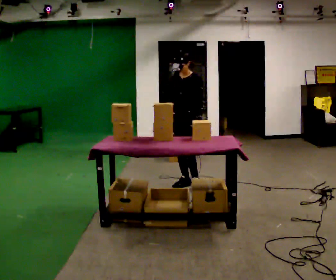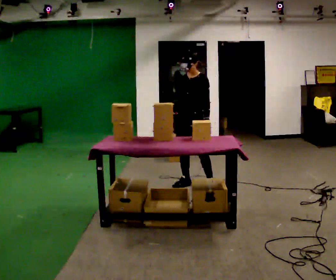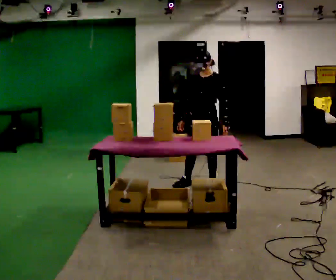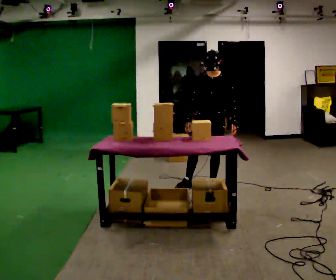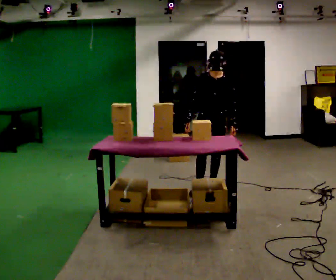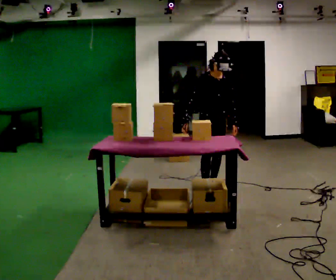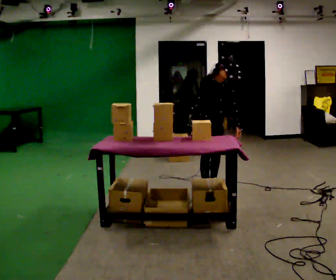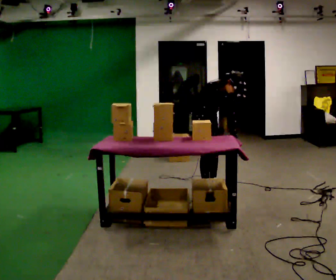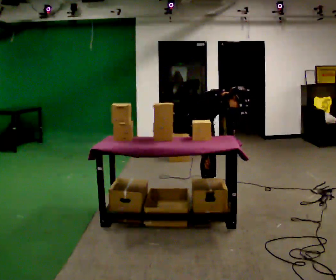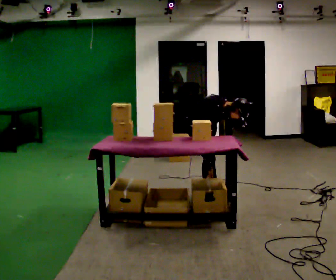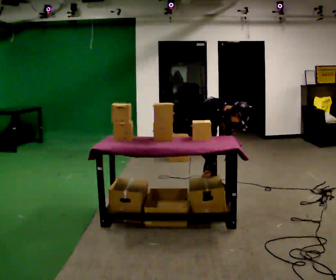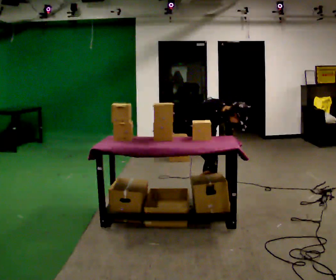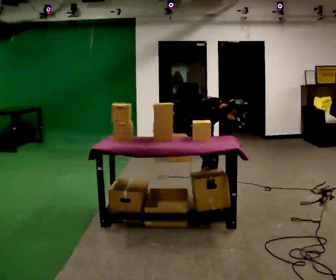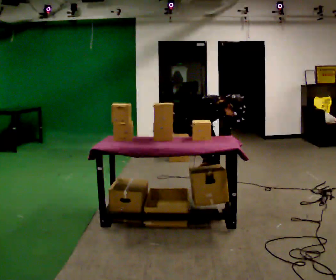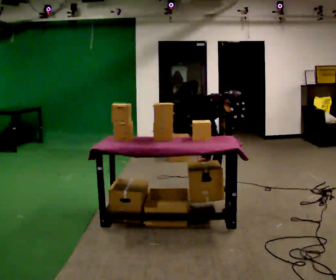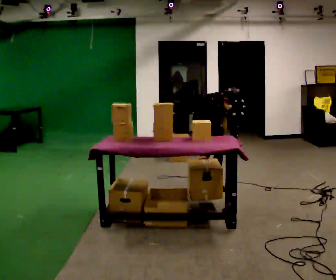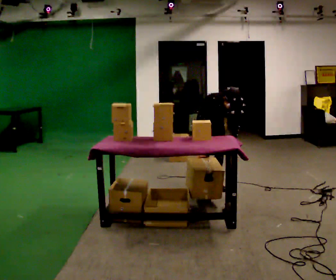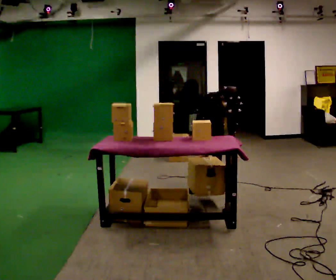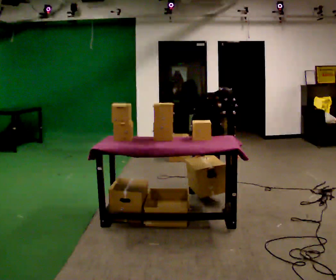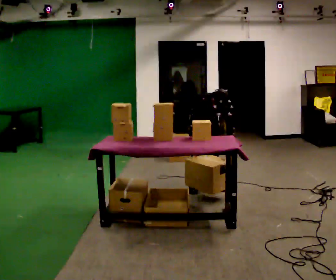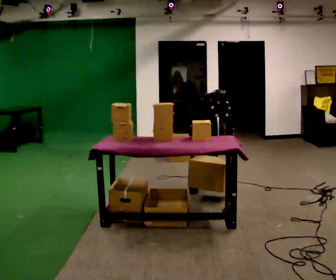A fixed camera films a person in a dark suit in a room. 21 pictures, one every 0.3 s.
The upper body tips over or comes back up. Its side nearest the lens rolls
downward.
0.0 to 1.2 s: The person turns about 30 degrees to their left, counterclockwise seen from above, so the part of the body nearest the lens slides to the right. In the picture they go to the right, about 0.25 m in 1 step, which for them is to their left.
1.2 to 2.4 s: Seen from above the body turns counterclockwise, about 45 degrees: to their left, with its near side sliding to the right. The upper body goes downward. The upper body tips toward the camera, its near side rolling downward, as they bend forward.
2.4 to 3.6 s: The upper body tips toward the camera, its near side rolling downward, as they bend forward.
3.6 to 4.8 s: The part of the body nearest the lens slides to the left as the person turns to their right by about 30 degrees. In the picture they go away from the camera, about 0.25 m, which for them is to their left. In the picture the upper body tilts counterclockwise, shoulders to the left.
4.8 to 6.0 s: The person moves a little, or ends about where they began.
The film runs backward here.
